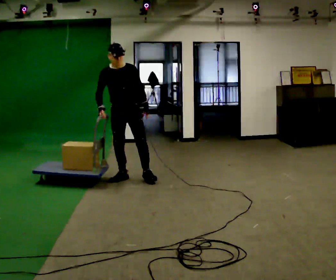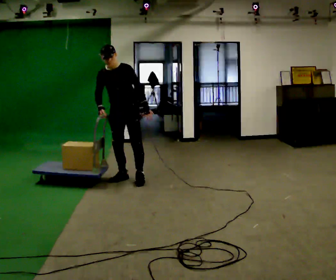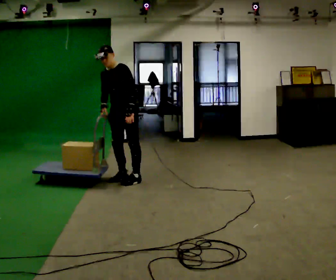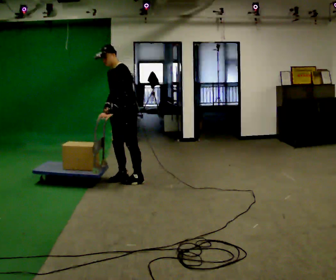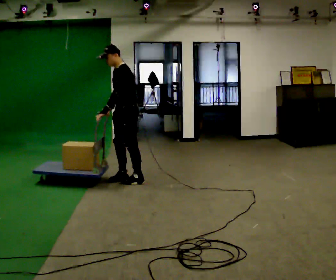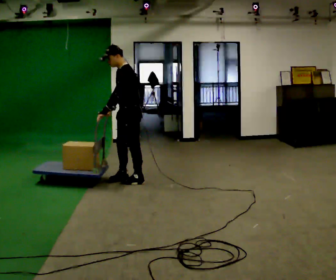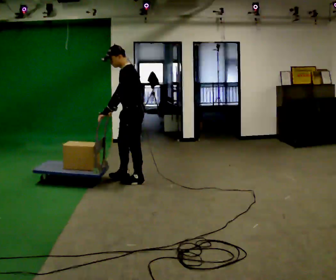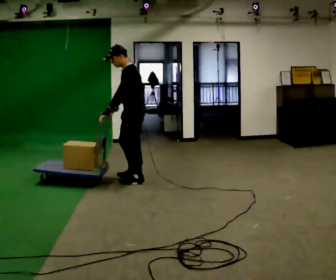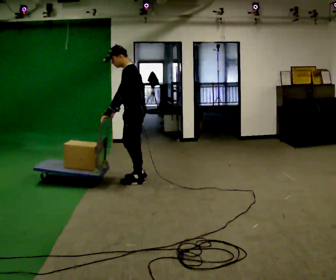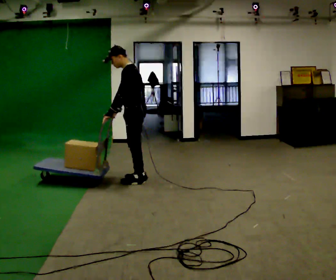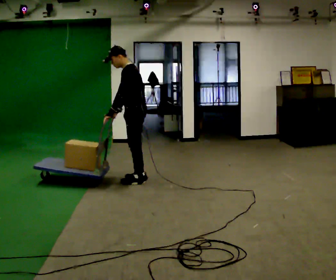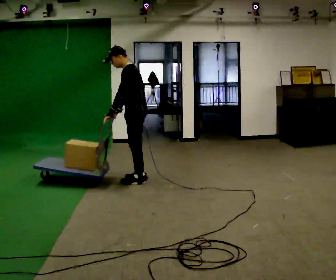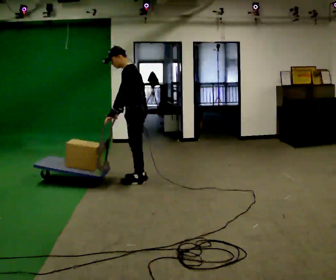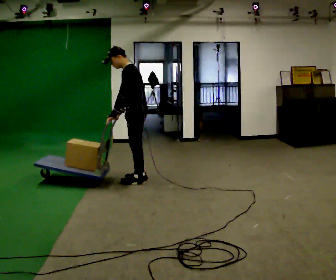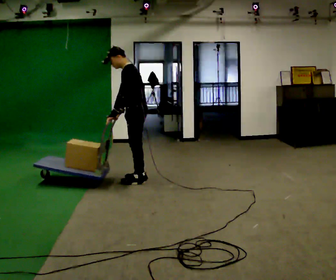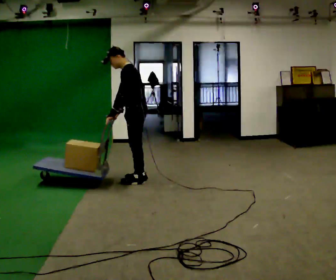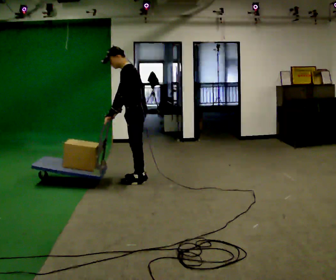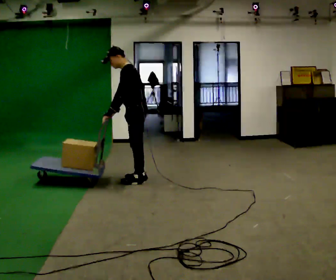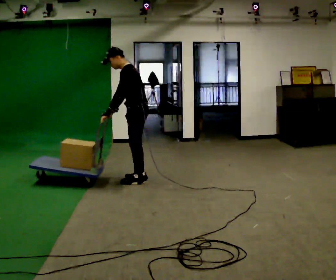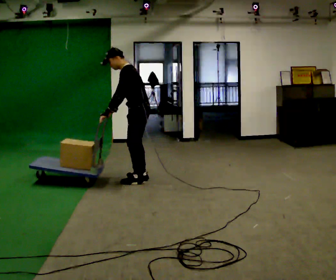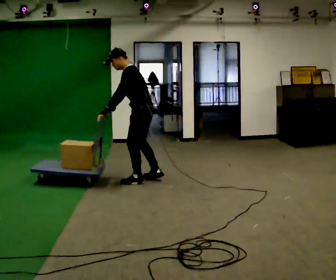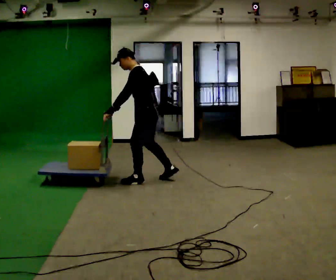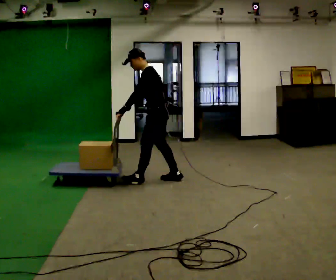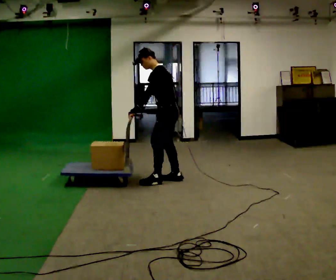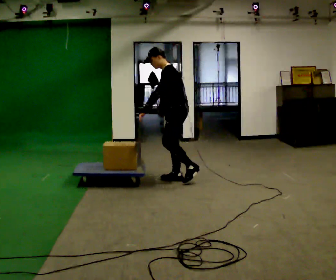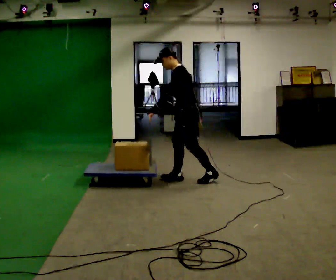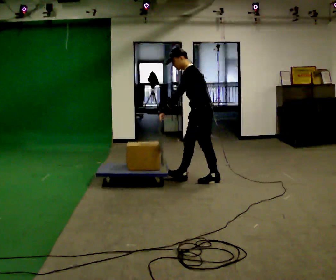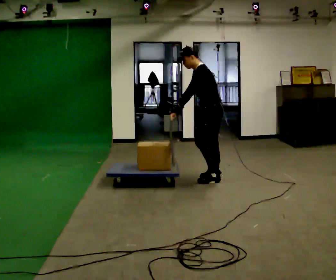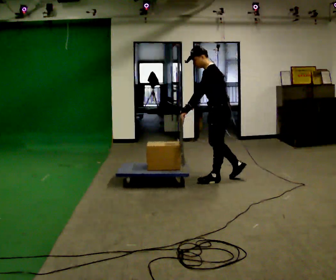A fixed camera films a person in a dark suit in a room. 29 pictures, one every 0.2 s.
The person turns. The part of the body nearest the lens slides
to the left.
The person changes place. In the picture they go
to the right.
0.0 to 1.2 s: The person turns about 90 degrees to their right, clockwise seen from above, so the part of the body nearest the lens slides to the left. In the picture their left hand goes to the left, the arm swinging clockwise.
1.2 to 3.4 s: The person moves a little, or ends about where they began.
3.4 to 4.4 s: In the picture they go to the right, about 0.25 m in 1 step, which for them is backward.
4.4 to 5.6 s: In the picture they go to the right, about 1 m in 2 steps, which for them is backward.
The film runs backward here.
